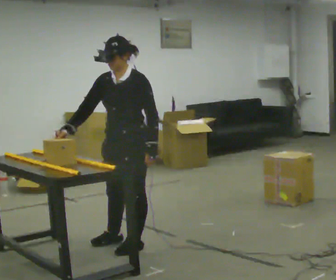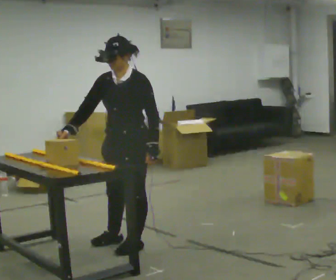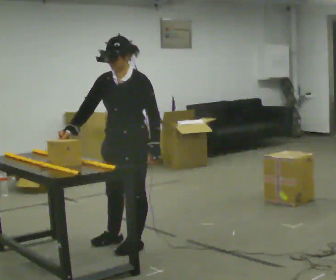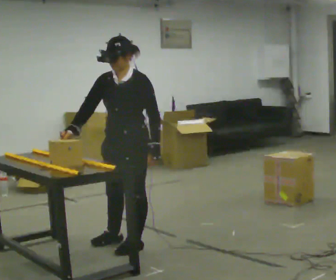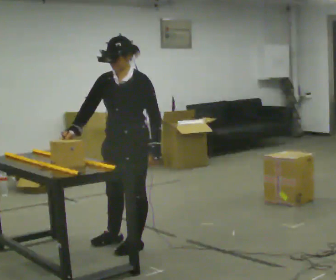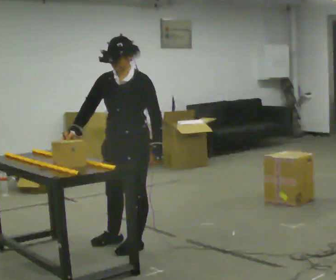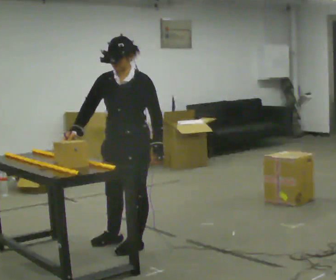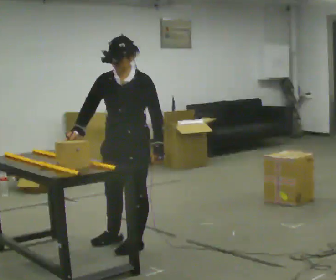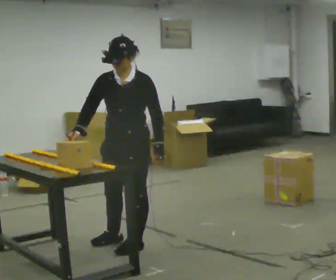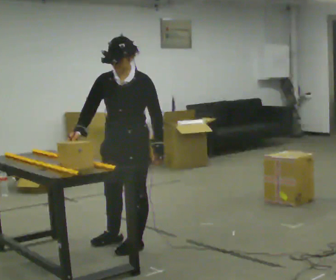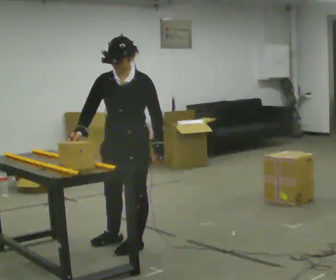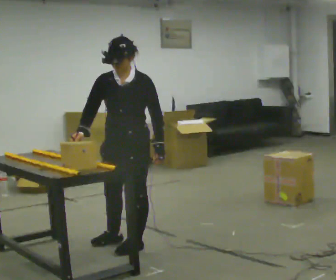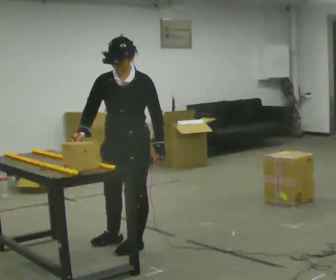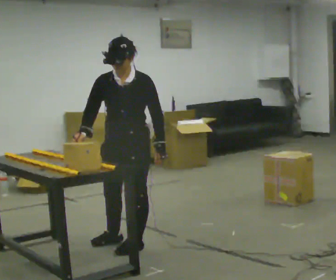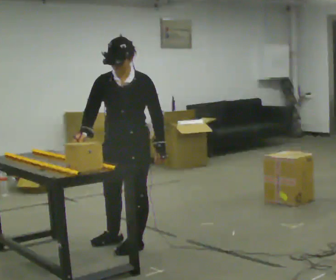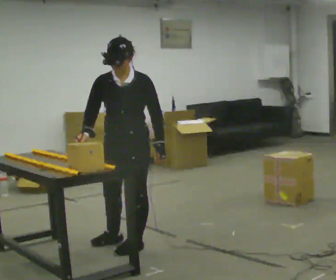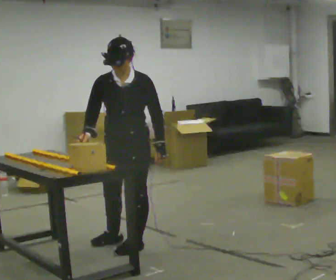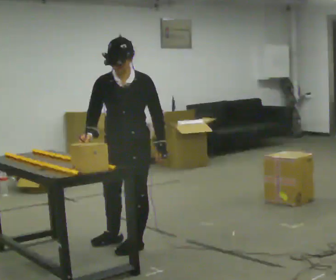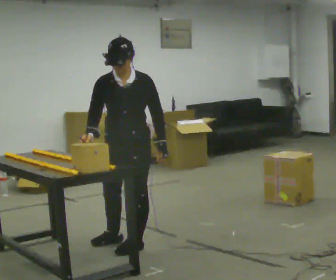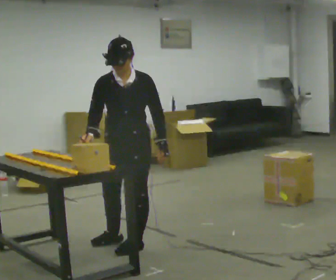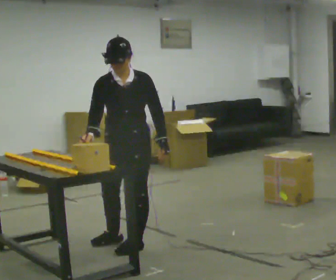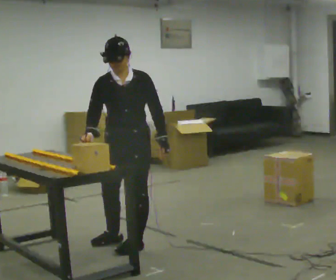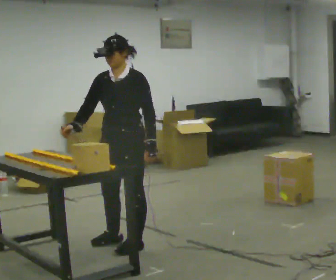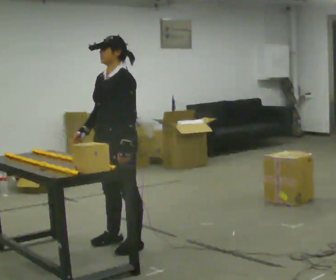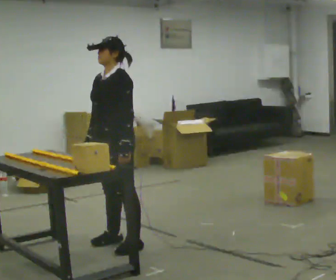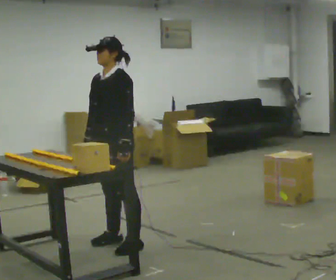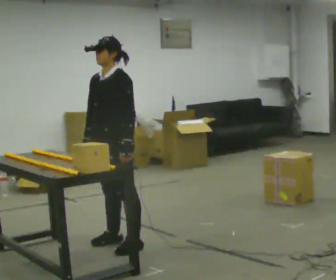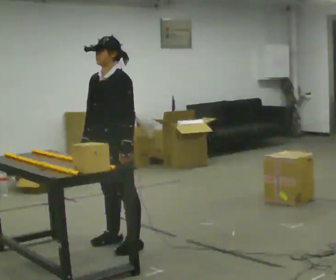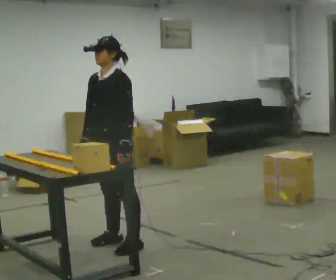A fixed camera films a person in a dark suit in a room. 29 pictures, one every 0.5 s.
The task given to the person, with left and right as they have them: Carry the object across the room and slide it into the slot on the shelf. It is a close fit, so take the time you need. Keep going until the operator says stop; one object at a time, and do not rush between trips.
0.0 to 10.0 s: The person turns about 30 degrees to their left, counterclockwise seen from above, so the part of the body nearest the lens slides to the right.
10.0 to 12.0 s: Seen from above the body turns clockwise, about 45 degrees: to their right, with its near side sliding to the left.
12.0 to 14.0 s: The person moves a little, or ends about where they began.
The film runs forward here.
